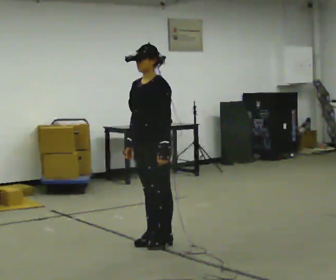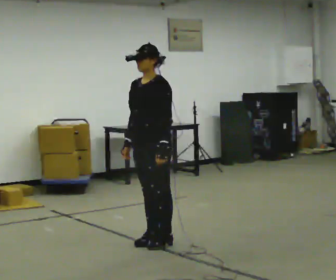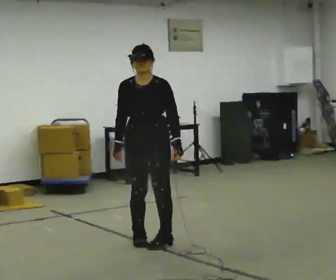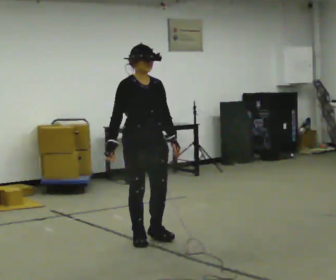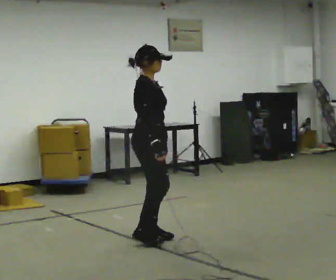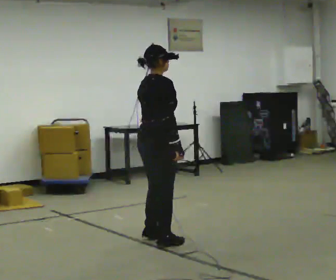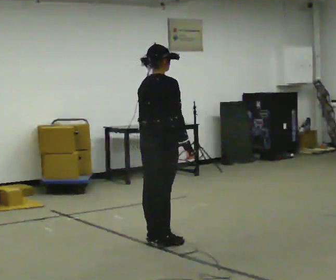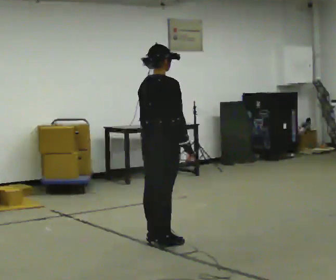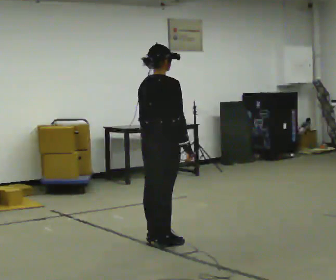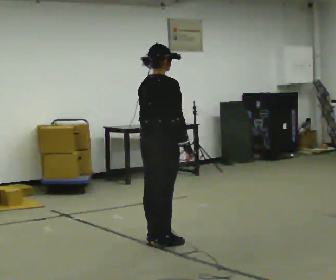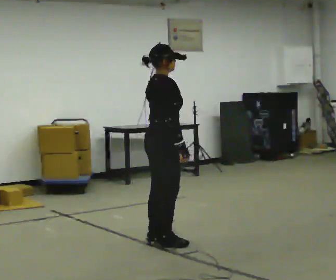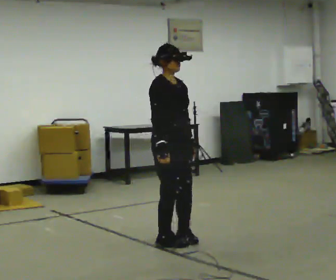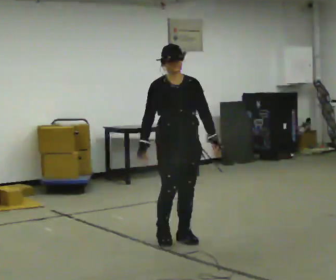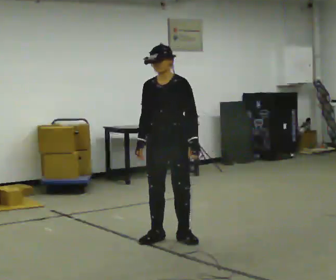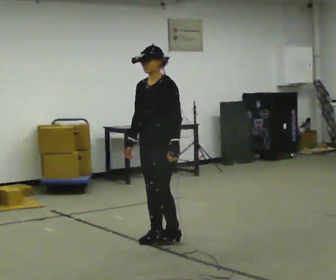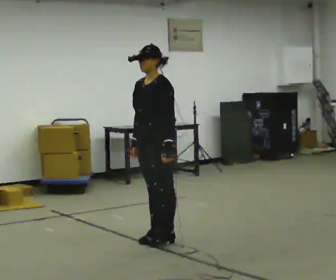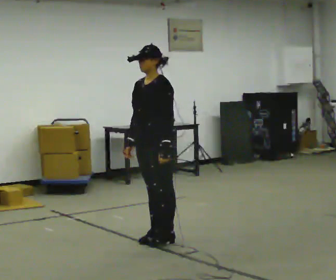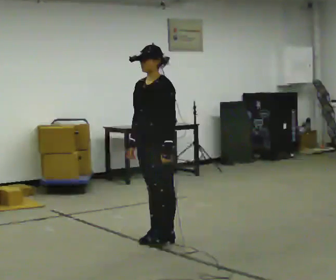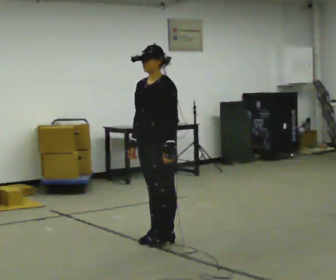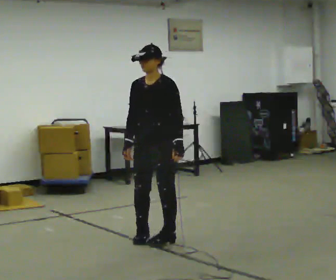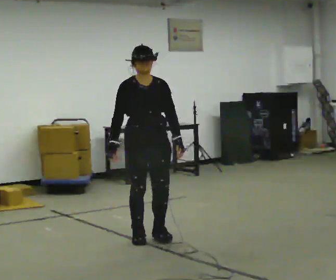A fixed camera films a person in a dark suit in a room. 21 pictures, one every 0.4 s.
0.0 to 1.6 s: Seen from above the body turns counterclockwise, about 135 degrees: to their left, with its near side sliding to the right.
1.6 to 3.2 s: Seen from above the body turns counterclockwise, about 60 degrees: to their left, with its near side sliding to the right.
3.2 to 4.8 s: The person turns about 120 degrees to their right, clockwise seen from above, so the part of the body nearest the lens slides to the left. In the picture they go to the right, about 0.25 m in 1 step. In the picture their right hand goes to the left, the arm swinging clockwise.
4.8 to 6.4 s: The person turns about 60 degrees to their right, clockwise seen from above, so the part of the body nearest the lens slides to the left. In the picture they go to the left, about 0.25 m in 1 step. In the picture their left hand goes to the left.
6.4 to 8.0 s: Seen from above the body turns counterclockwise, about 75 degrees: to their left, with its near side sliding to the right.
The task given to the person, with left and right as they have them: Turn on the spot to face the direction the operator calls, then stand still. The operator will call 90, 180 and 360 degrees and left or right.
The film runs forward here.
